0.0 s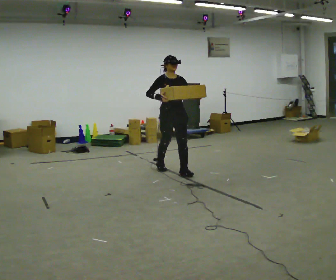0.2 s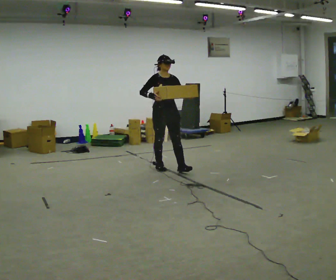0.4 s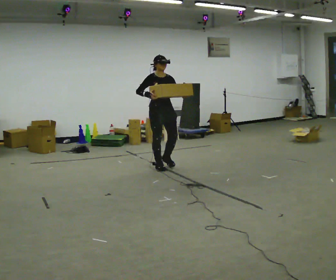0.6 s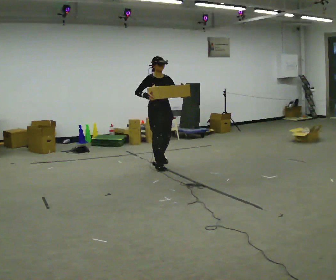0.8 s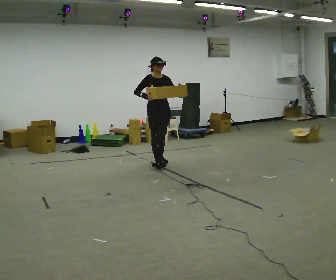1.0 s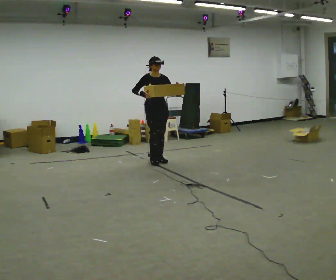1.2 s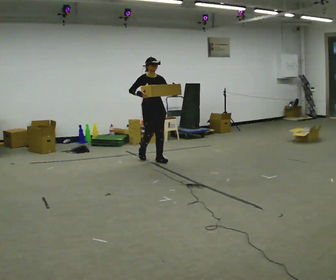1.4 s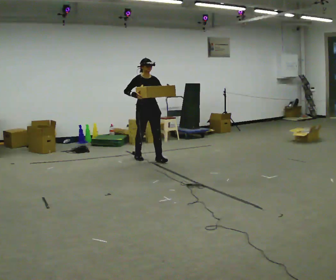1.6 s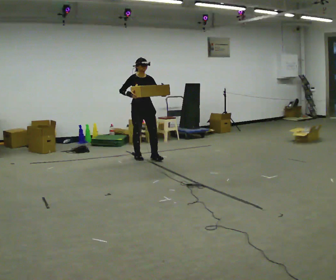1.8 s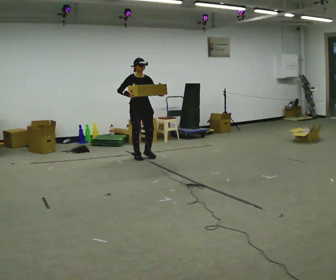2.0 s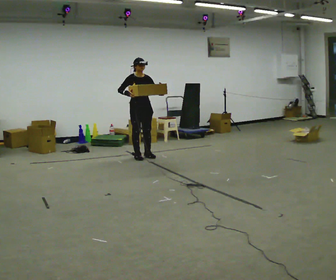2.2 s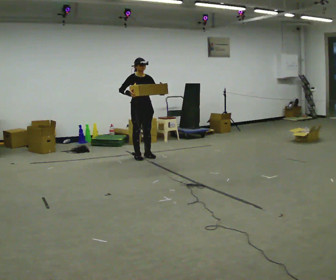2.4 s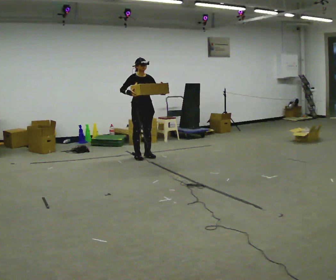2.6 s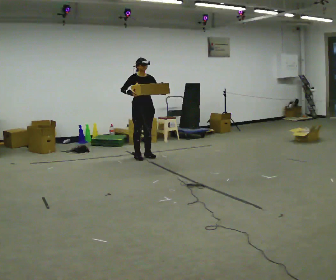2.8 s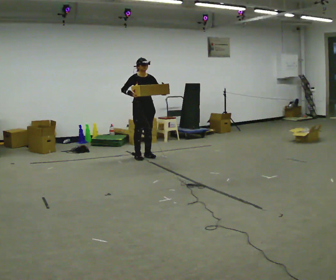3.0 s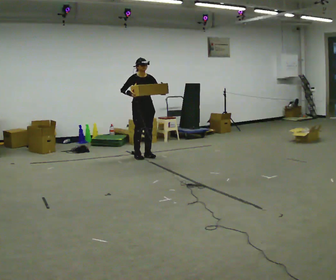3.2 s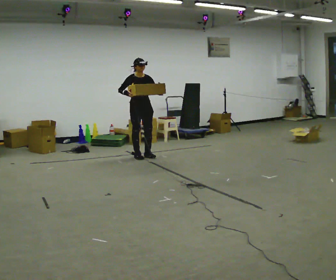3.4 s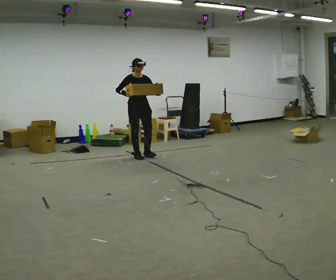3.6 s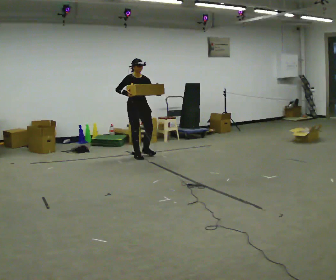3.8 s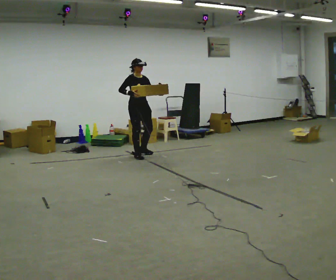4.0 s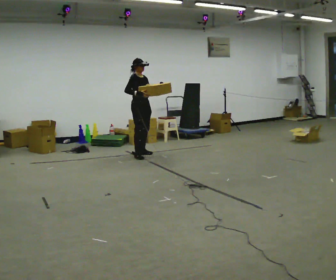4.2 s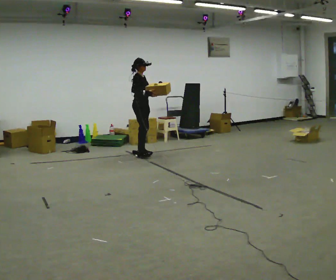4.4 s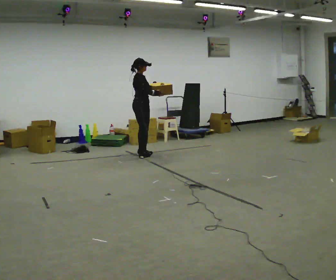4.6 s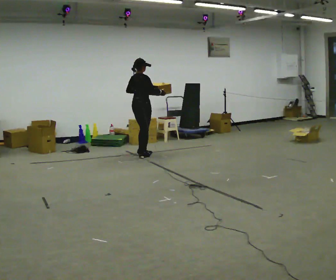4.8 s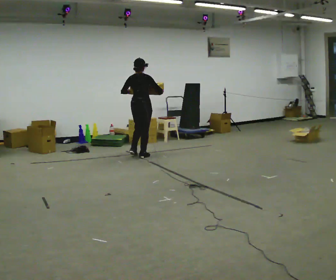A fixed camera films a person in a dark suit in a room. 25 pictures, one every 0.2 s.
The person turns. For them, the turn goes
to their left.
The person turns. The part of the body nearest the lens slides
to the right.
0.0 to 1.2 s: In the picture they go away from the camera, about 1 m in 2 steps, which for them is backward.
1.2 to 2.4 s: In the picture they go away from the camera and to the left, about 0.25 m in 1 step, which for them is backward.
2.4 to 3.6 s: The person moves a little, or ends about where they began.
3.6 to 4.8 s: The part of the body nearest the lens slides to the right as the person turns to their left by about 135 degrees. In the picture their left hand goes to the left.
The film runs backward here.
